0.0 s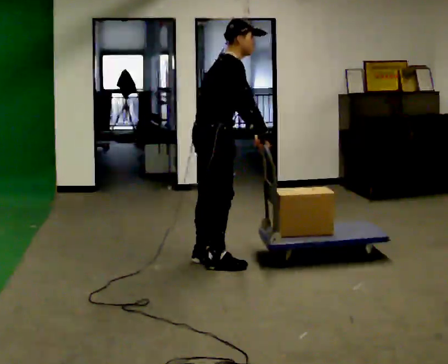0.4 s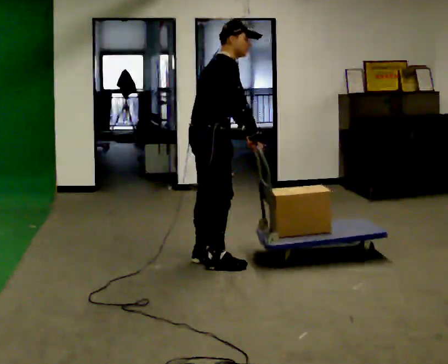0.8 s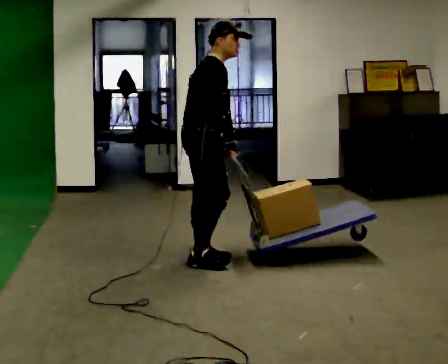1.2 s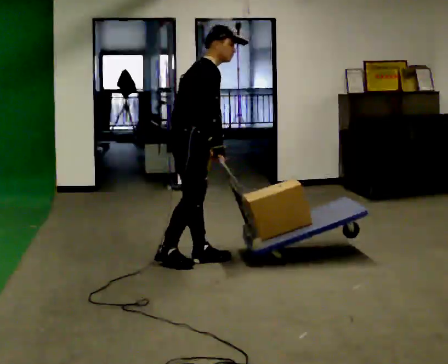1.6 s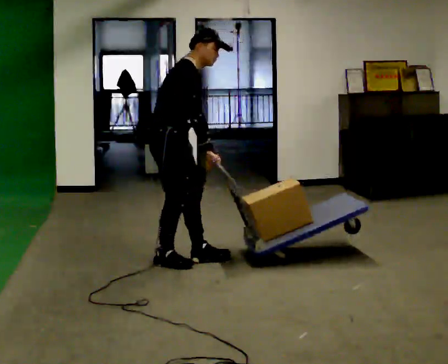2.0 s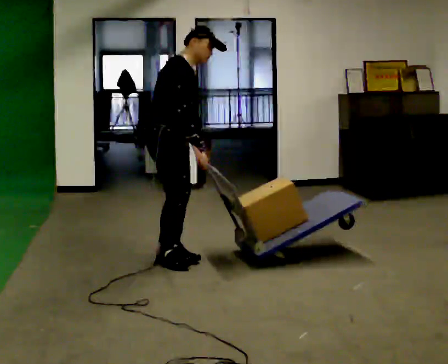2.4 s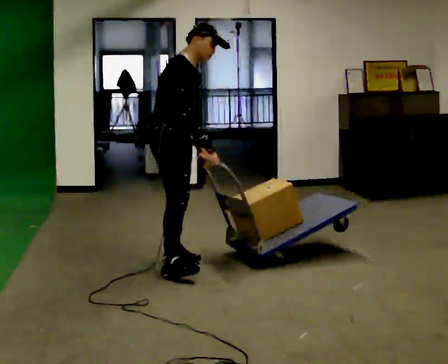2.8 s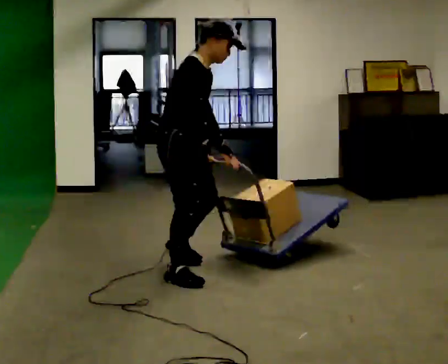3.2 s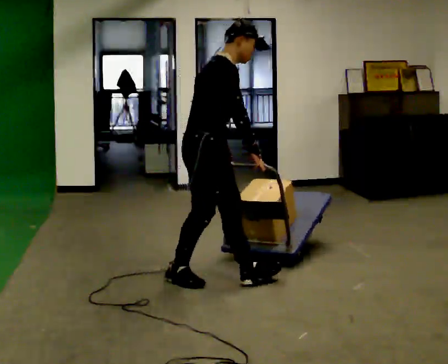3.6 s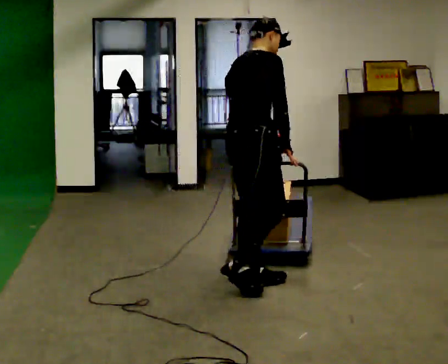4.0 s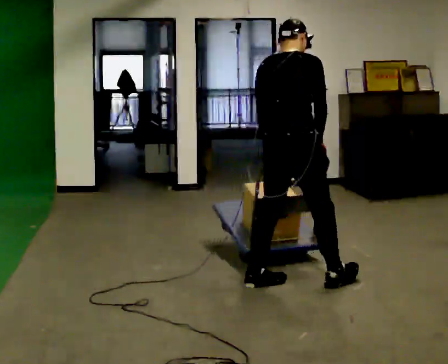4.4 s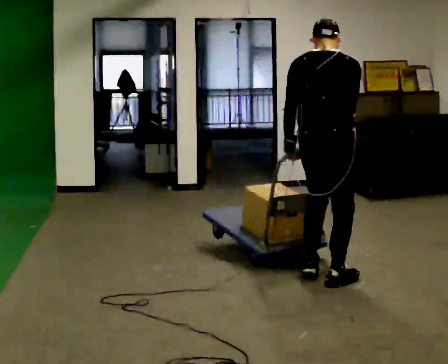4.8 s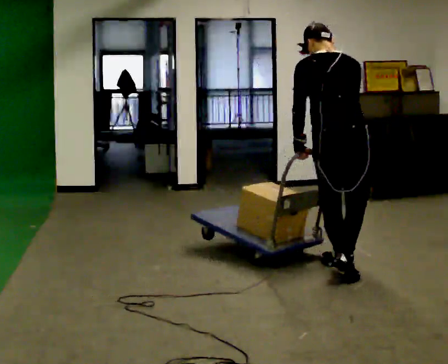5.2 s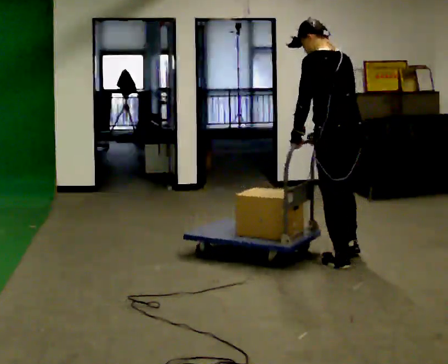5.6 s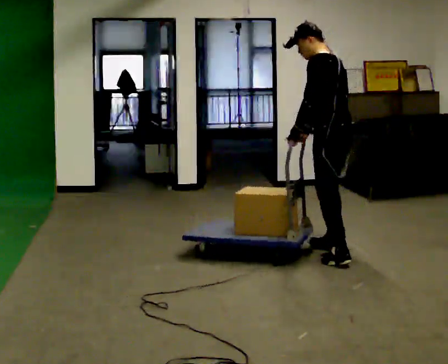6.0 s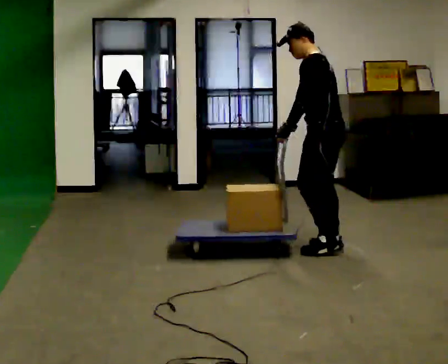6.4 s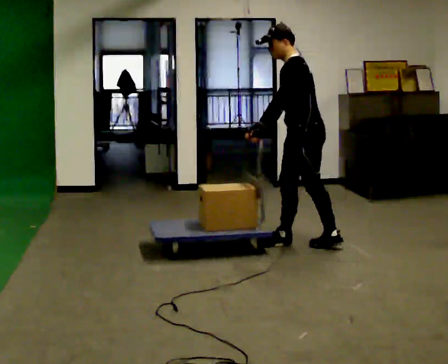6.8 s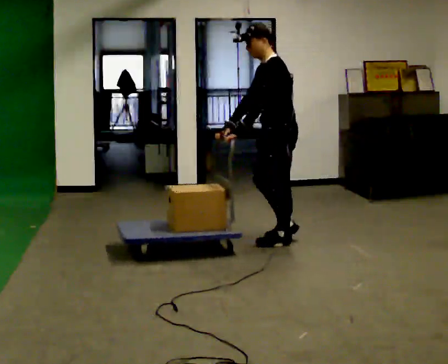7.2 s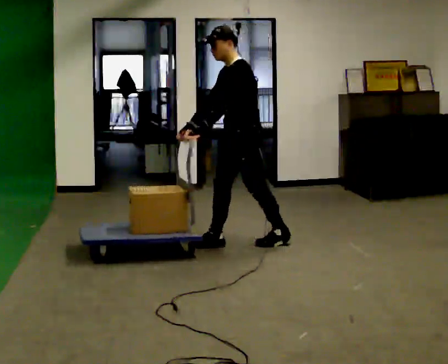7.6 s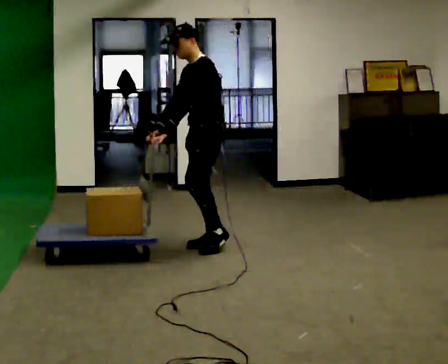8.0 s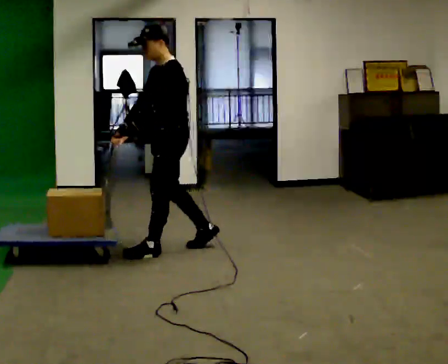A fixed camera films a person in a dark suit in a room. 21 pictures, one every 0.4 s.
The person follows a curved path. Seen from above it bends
counterclockwise.
0.0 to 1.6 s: In the picture they go to the left, about 0.25 m in 1 step, which for them is backward.
1.6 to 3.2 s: In the picture they go toward the camera and to the right, about 0.5 m in 2 steps, which for them is forward and to their right.
3.2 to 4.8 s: The person turns about 90 degrees to their left, counterclockwise seen from above, so the part of the body nearest the lens slides to the right. In the picture they go to the right, about 1 m in 3 steps. In the picture the upper body tilts counterclockwise, shoulders to the left.
4.8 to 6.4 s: The person turns about 75 degrees to their left, counterclockwise seen from above, so the part of the body nearest the lens slides to the right. In the picture they go away from the camera, about 1 m in 2 steps.
6.4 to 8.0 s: Seen from above the body turns counterclockwise, about 45 degrees: to their left, with its near side sliding to the right. In the picture they go to the left, about 1 m in 2 steps, which for them is forward.
The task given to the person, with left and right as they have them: Turn the cart round to face the other way without moving it out of the marked square, then turn it back. Repeat until the operator says stop.
The film runs forward here.
